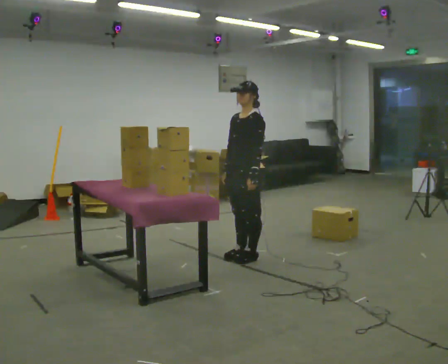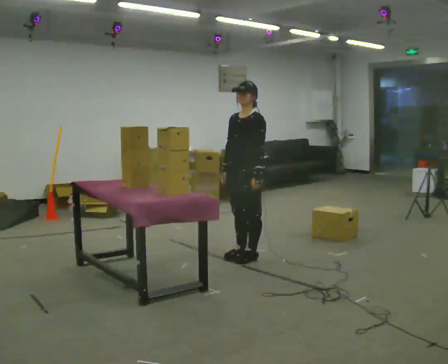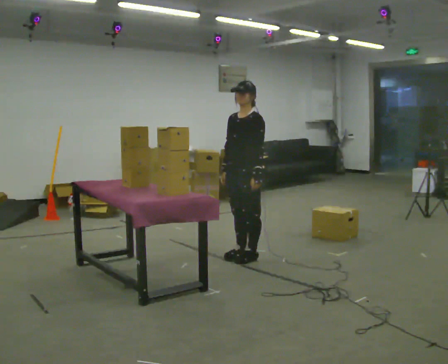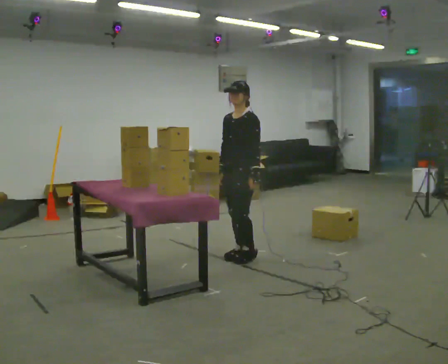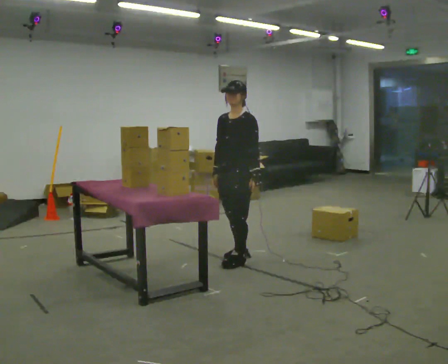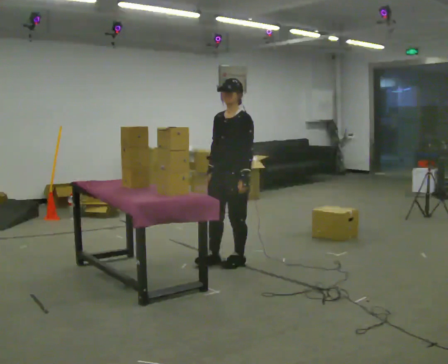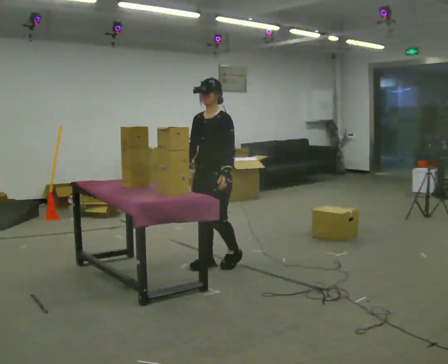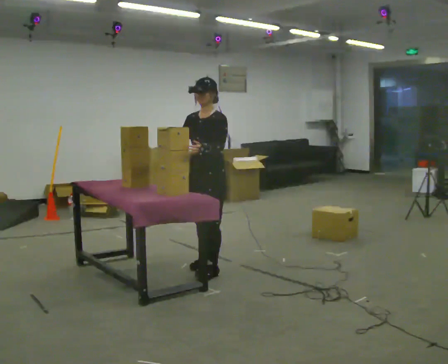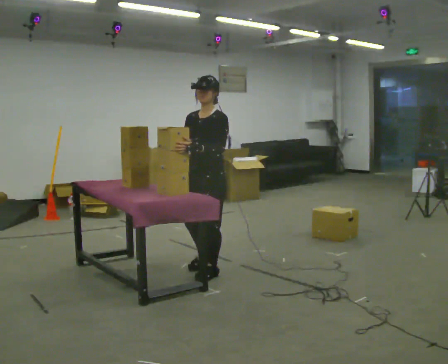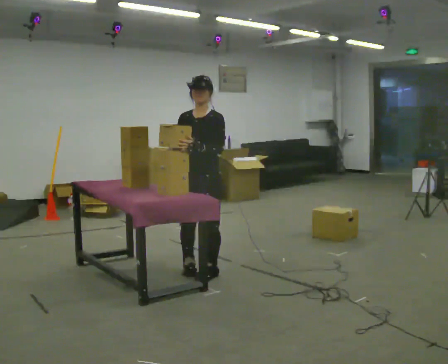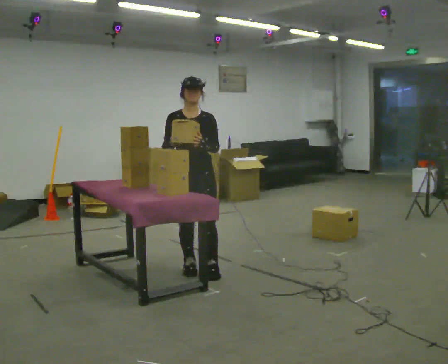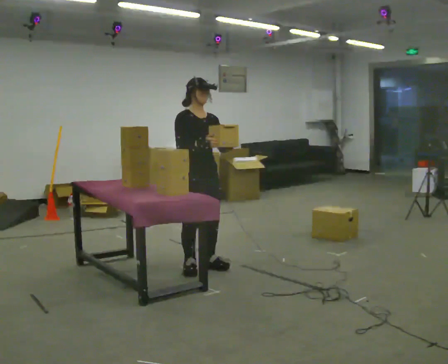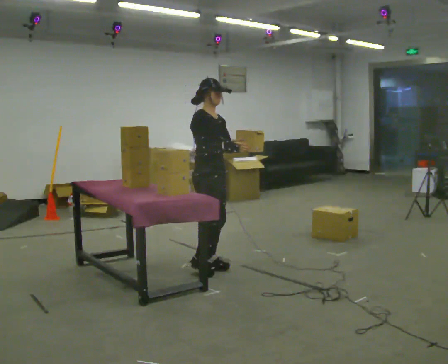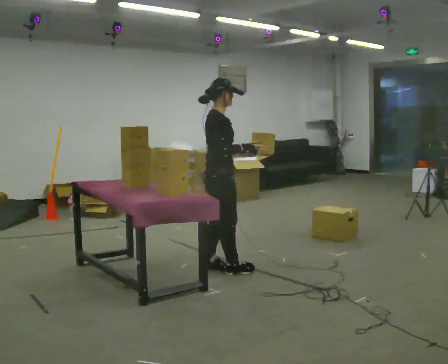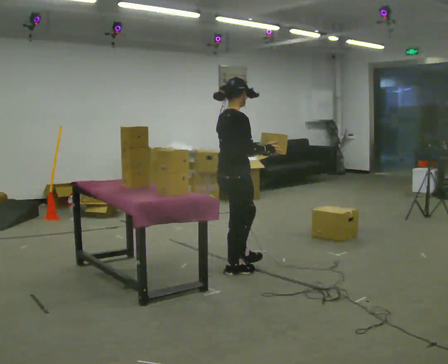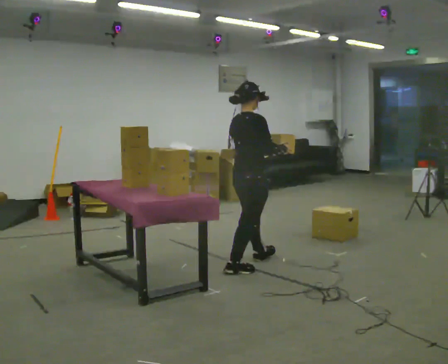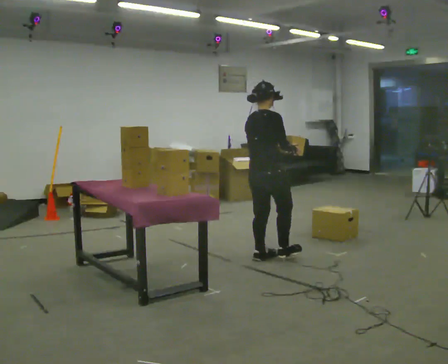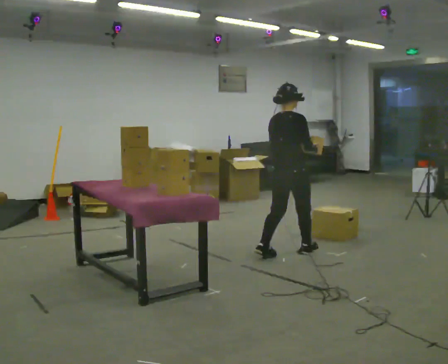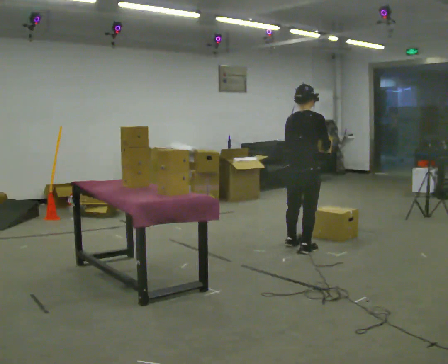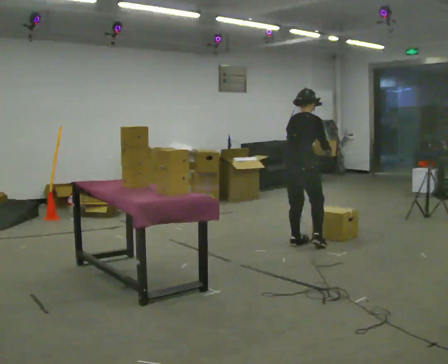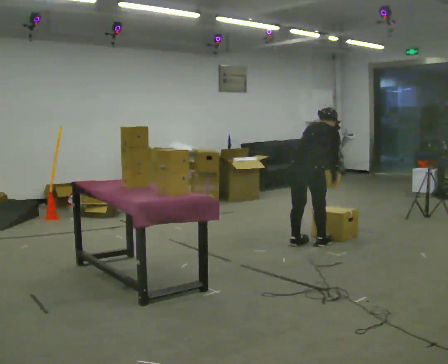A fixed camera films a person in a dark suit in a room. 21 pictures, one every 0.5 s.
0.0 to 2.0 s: The person moves a little, or ends about where they began.
2.0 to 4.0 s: In the picture they go to the left and toward the camera, about 0.5 m in 2 steps, which for them is forward.
4.0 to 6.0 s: Seen from above the body turns counterclockwise, about 105 degrees: to their left, with its near side sliding to the right. In the picture they go away from the camera, about 0.25 m in 2 steps. In the picture their left hand goes to the right.
6.0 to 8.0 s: The part of the body nearest the lens slides to the right as the person turns to their left by about 75 degrees. In the picture they go to the right, about 0.5 m in 2 steps.
8.0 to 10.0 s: In the picture they go to the right and away from the camera, about 0.5 m in 3 steps, which for them is forward. In the picture the upper body tilts clockwise, shoulders to the right, as they bend forward. In the picture their right hand goes downward.
The film runs forward here.
